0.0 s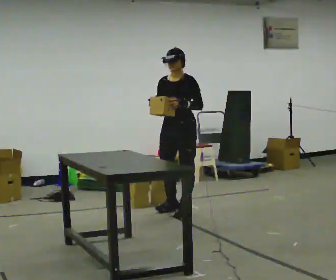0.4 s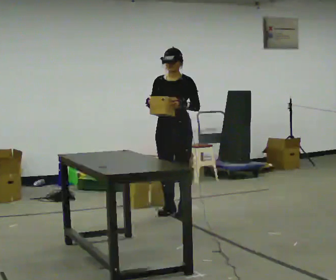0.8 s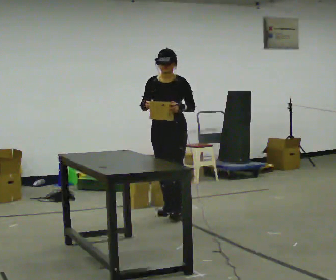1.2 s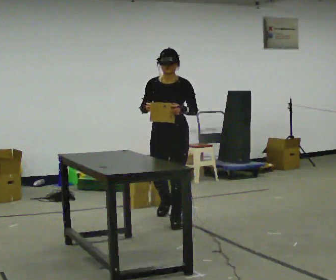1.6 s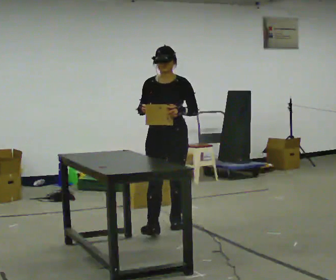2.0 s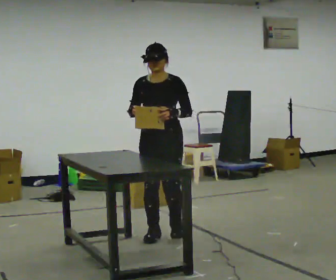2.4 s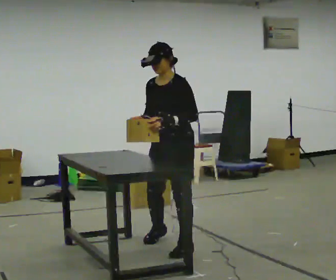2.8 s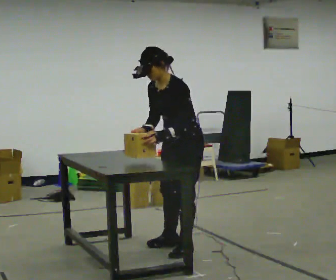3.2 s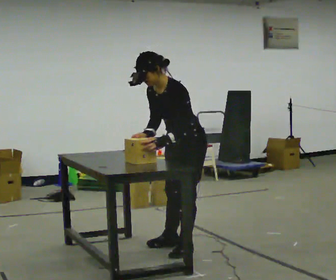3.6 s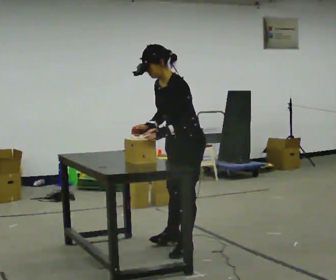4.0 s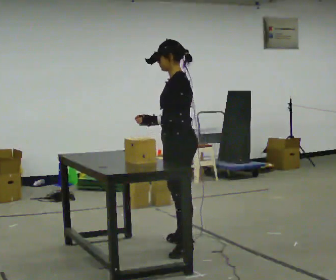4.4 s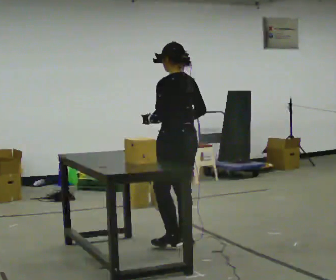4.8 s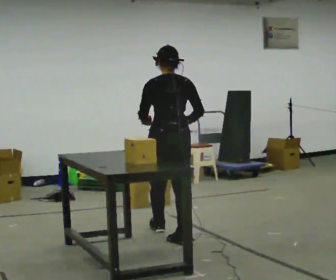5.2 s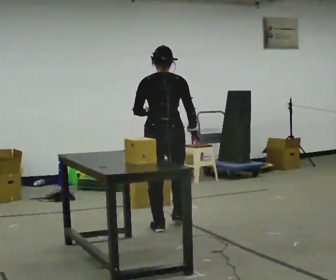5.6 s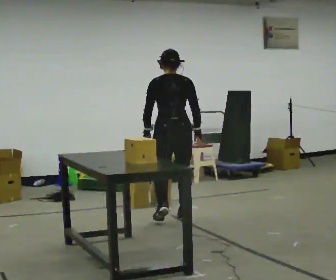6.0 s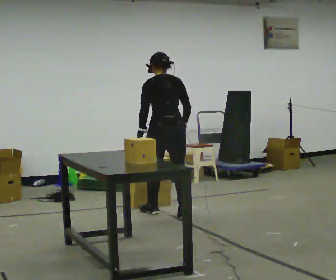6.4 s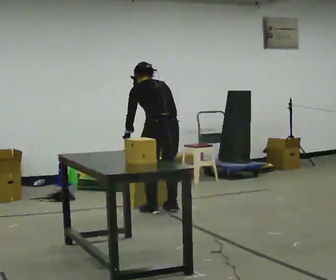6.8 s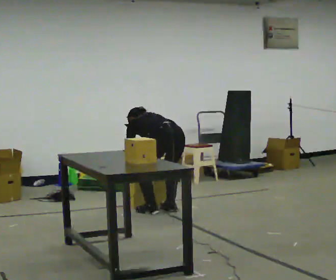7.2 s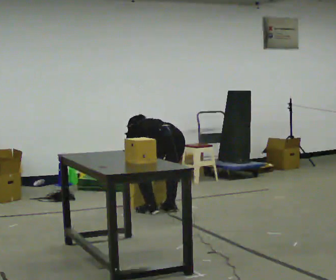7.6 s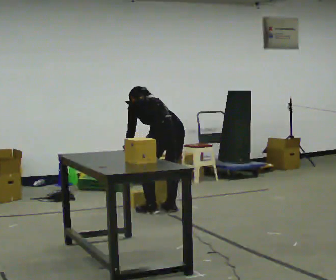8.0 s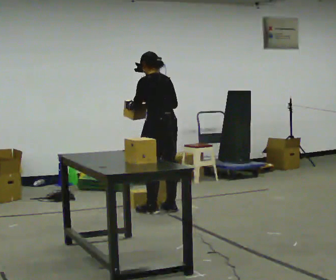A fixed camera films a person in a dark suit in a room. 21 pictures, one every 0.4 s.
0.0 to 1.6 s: In the picture they go toward the camera, about 0.75 m in 1 step, which for them is forward.
1.6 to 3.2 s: The person turns about 45 degrees to their right, clockwise seen from above, so the part of the body nearest the lens slides to the left. In the picture they go toward the camera, about 0.5 m in 3 steps, which for them is to their left and forward. In the picture the upper body tilts counterclockwise, shoulders to the left, as they bend forward.
3.2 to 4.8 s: The person turns about 105 degrees to their right, clockwise seen from above, so the part of the body nearest the lens slides to the left. In the picture they go away from the camera, about 0.5 m. In the picture the upper body tilts clockwise, shoulders to the right, as they lean back or straighten.
4.8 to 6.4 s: In the picture they go away from the camera, about 1 m in 3 steps, which for them is forward. The upper body tips away from the camera, its near side rolling upward, as they bend forward.
6.4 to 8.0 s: The person moves a little, or ends about where they began.
The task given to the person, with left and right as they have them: Pick up the next box in the row and carry it to the table. The operator will not tell you how heavy each one is. Keep going until the operator says stop; one object at a time, and do not rush between trips.
The film runs forward here.
